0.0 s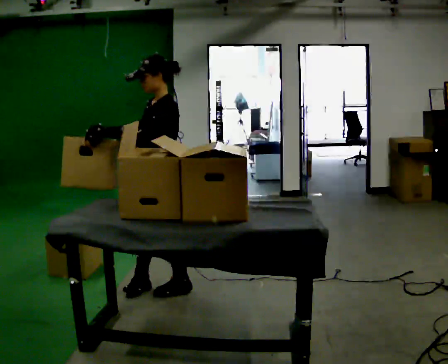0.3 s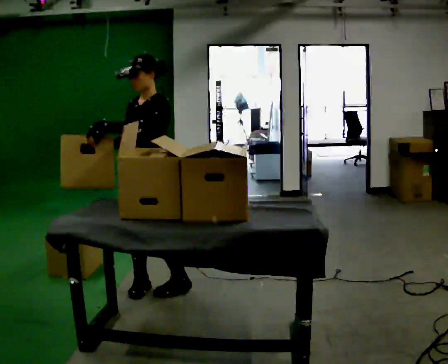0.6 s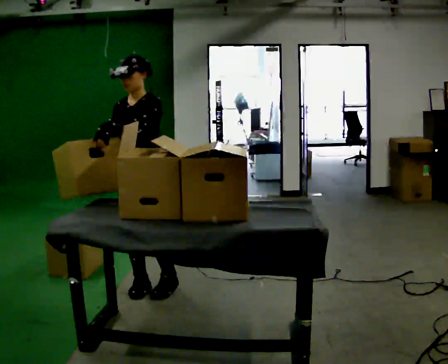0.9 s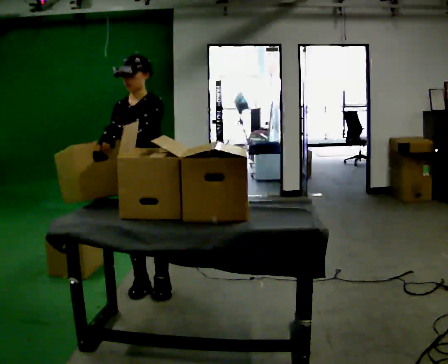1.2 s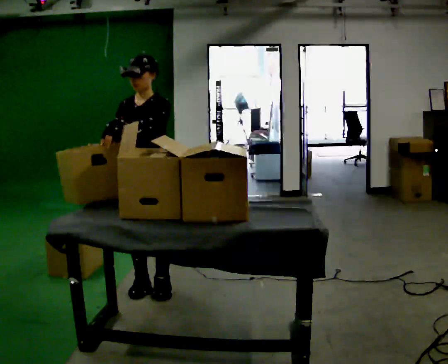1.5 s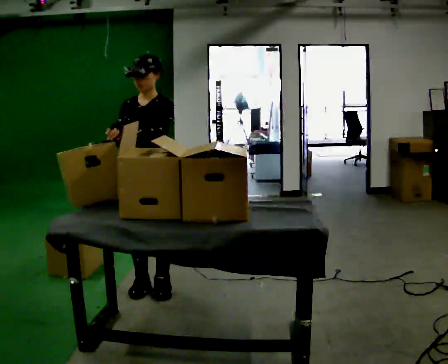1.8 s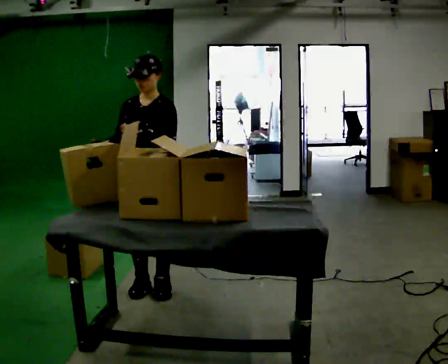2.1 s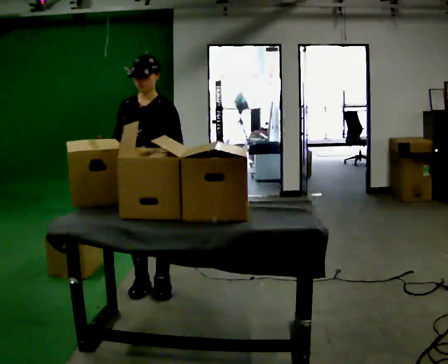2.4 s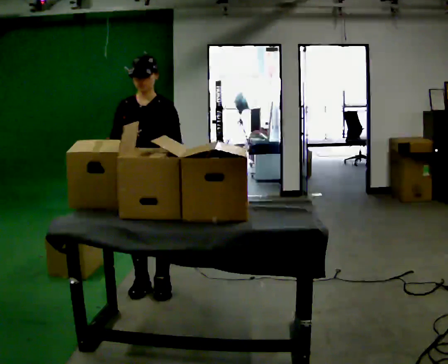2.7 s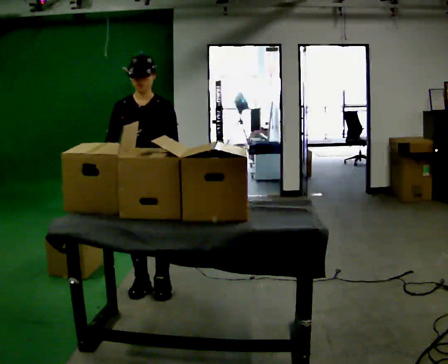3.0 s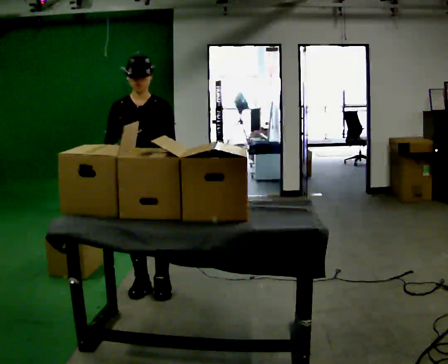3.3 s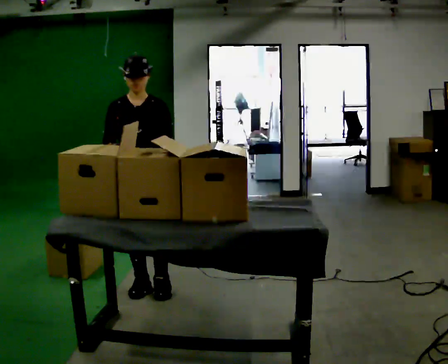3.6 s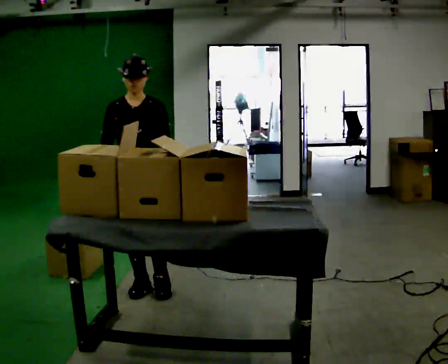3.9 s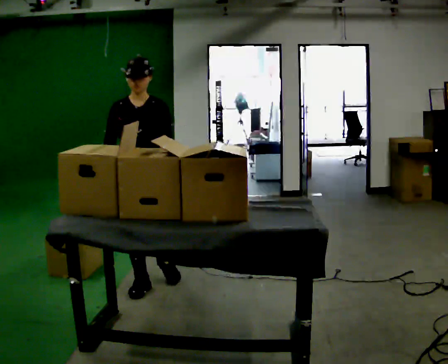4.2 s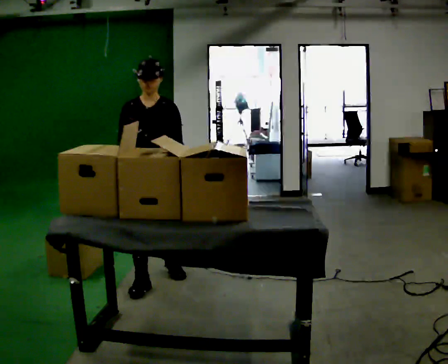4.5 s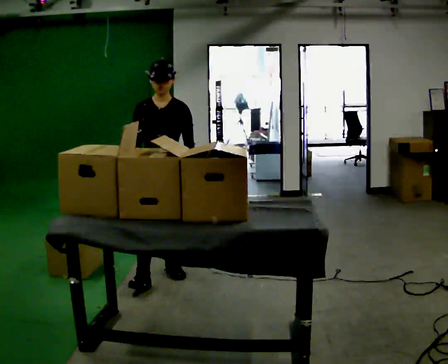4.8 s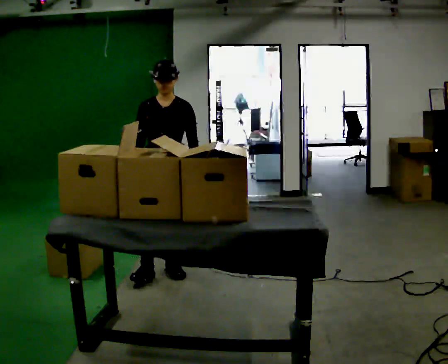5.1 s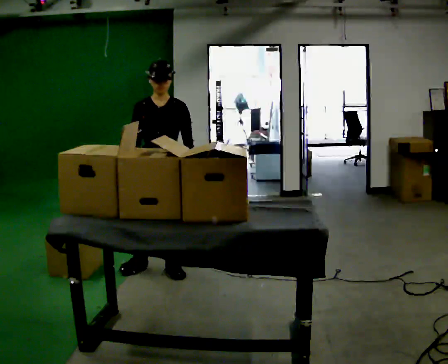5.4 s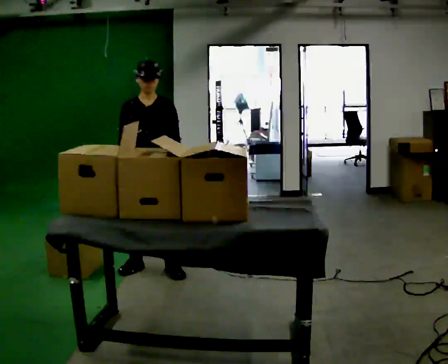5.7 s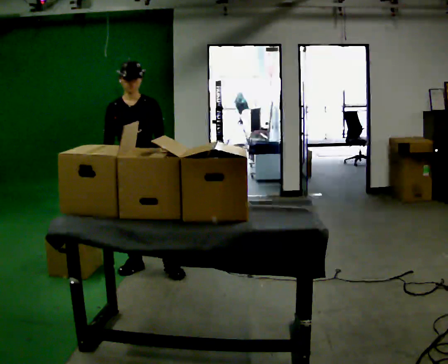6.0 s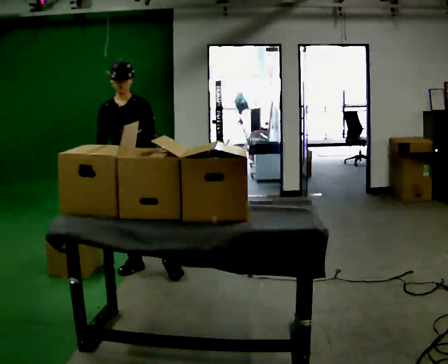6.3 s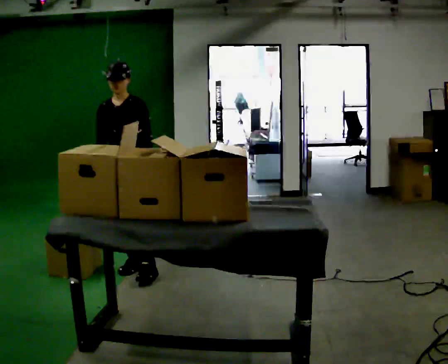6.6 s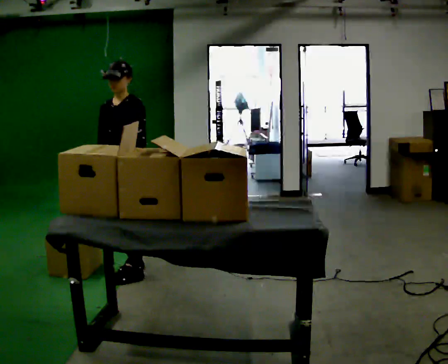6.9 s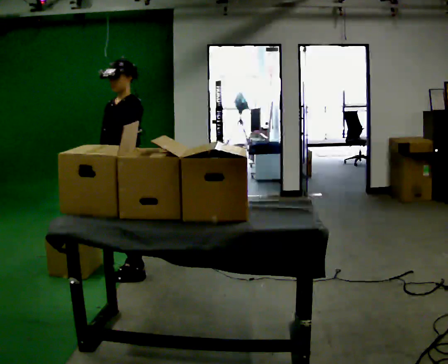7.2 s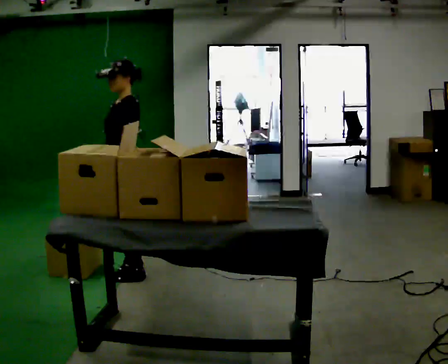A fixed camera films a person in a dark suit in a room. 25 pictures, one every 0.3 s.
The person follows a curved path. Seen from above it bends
counterclockwise.
0.0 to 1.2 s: The person turns about 45 degrees to their left, counterclockwise seen from above, so the part of the body nearest the lens slides to the right.
1.2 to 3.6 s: In the picture their left hand goes downward.
3.6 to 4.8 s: In the picture they go away from the camera and to the right, about 0.25 m in 2 steps, which for them is backward and to their left.
4.8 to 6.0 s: In the picture they go to the left, about 0.25 m in 1 step, which for them is to their right.
6.0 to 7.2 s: Seen from above the body turns clockwise, about 60 degrees: to their right, with its near side sliding to the left. In the picture they go toward the camera, about 0.25 m, which for them is forward.
The film runs backward here.
